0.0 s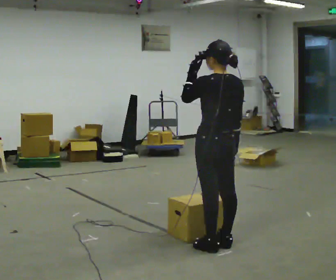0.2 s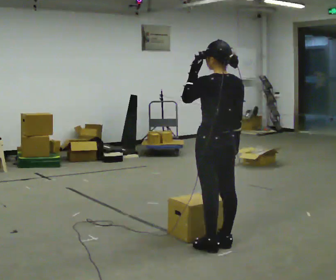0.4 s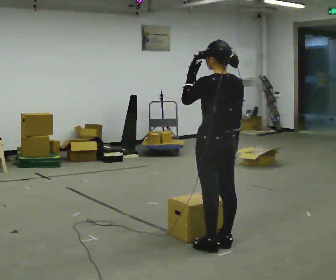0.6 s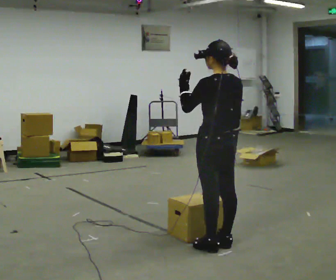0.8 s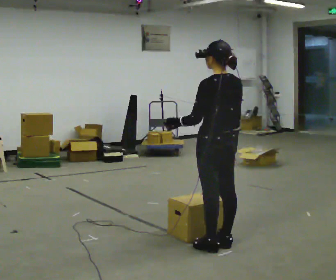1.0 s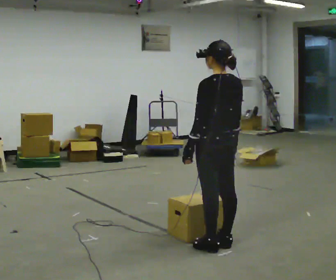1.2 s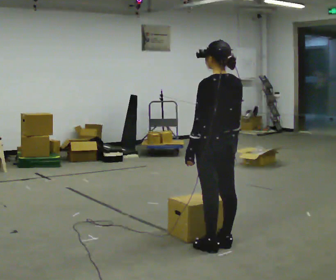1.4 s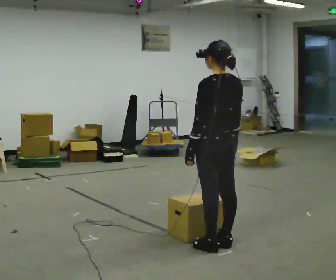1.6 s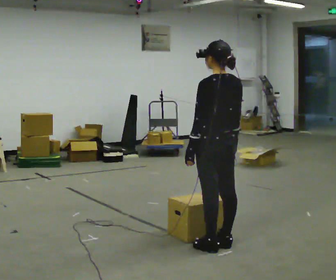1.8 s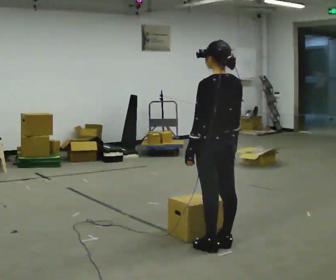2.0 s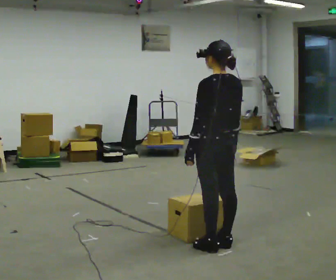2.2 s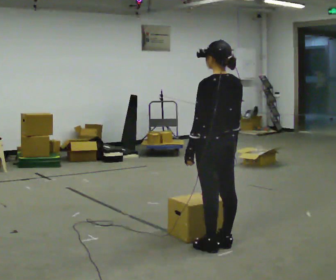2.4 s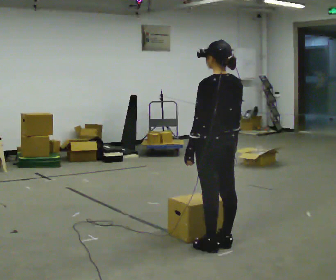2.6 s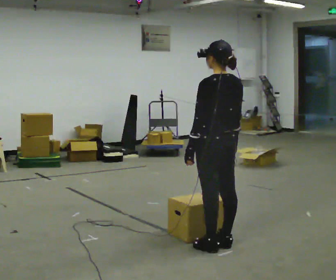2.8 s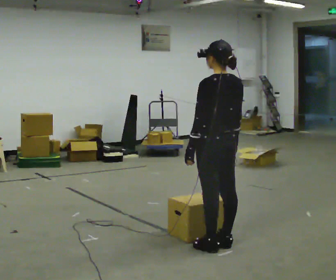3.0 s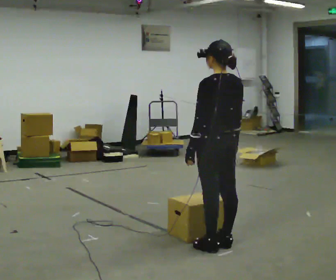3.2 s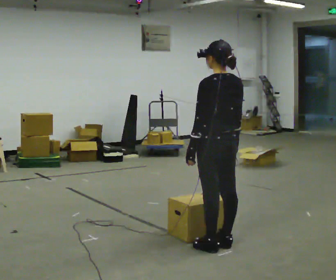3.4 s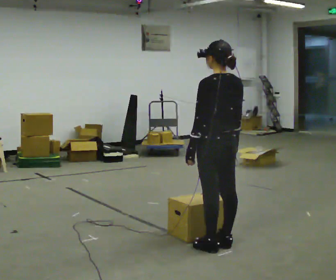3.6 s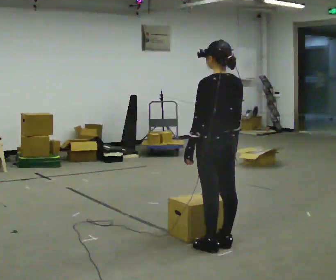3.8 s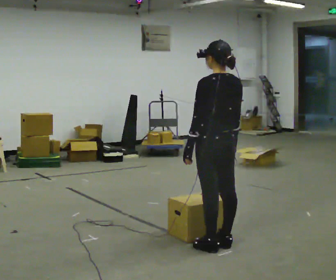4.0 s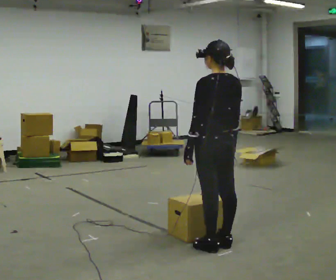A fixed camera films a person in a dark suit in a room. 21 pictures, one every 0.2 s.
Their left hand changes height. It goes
downward.
0.0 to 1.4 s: In the picture their left hand goes downward.
1.4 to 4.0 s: The person keeps their place and pose.
The film runs backward here.
